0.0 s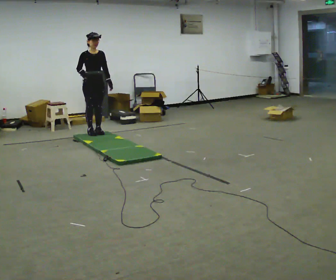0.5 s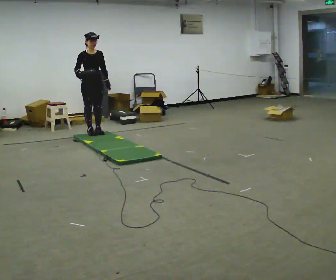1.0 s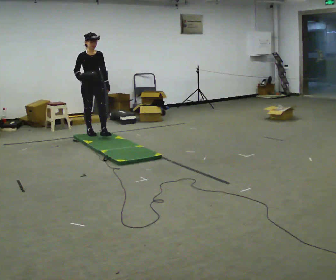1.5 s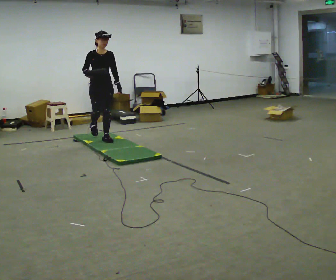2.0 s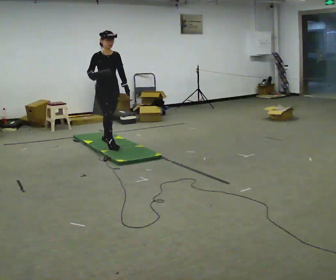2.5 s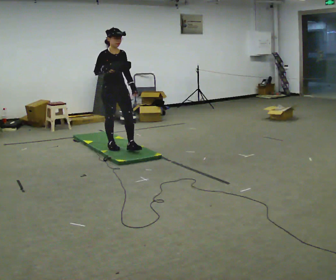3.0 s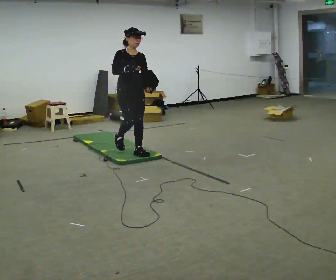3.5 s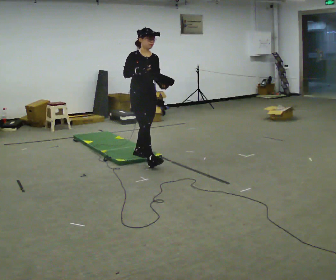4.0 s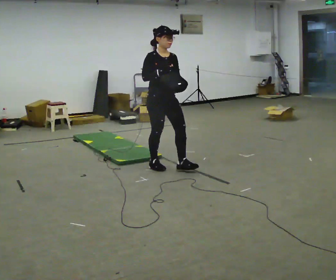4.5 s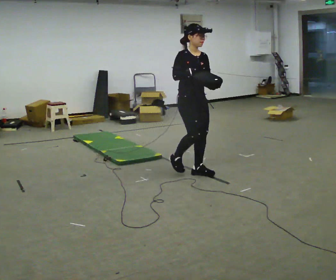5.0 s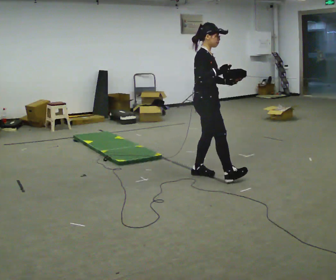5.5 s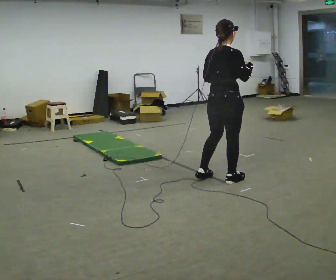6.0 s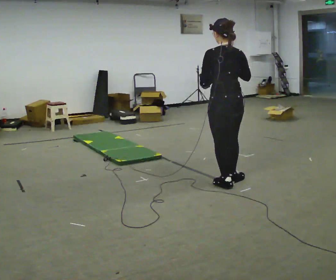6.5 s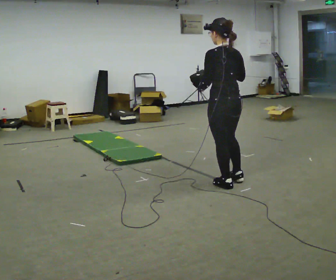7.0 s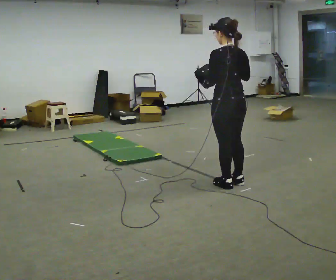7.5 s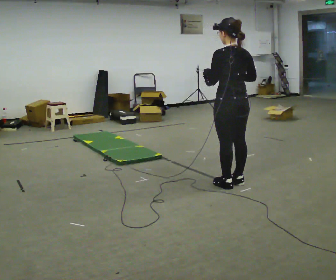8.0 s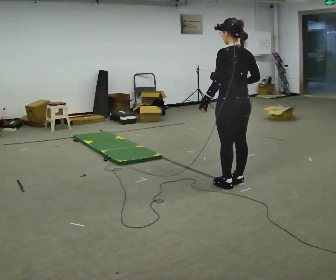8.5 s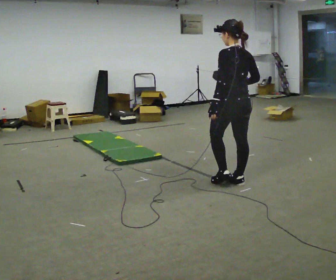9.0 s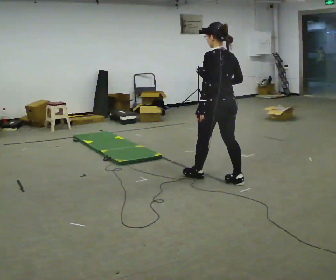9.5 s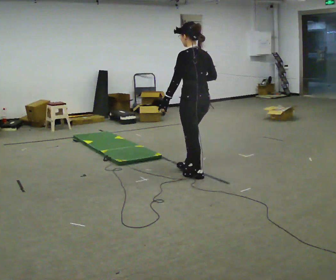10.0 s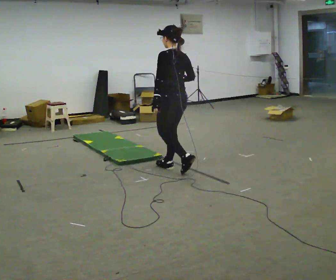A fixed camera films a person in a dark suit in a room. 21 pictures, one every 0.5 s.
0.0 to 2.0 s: In the picture they go toward the camera and to the right, about 1 m in 2 steps, which for them is forward.
2.0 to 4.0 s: In the picture they go to the right and toward the camera, about 1.5 m in 2 steps, which for them is forward.
4.0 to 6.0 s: Seen from above the body turns counterclockwise, about 150 degrees: to their left, with its near side sliding to the right. In the picture they go to the right and toward the camera, about 1 m in 3 steps.
6.0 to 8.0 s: The person moves a little, or ends about where they began.
8.0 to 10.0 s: In the picture they go to the left and away from the camera, about 1 m in 2 steps, which for them is forward.
The film runs forward here.
